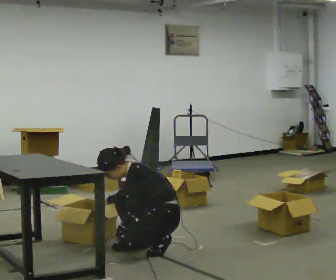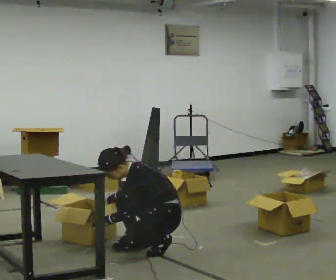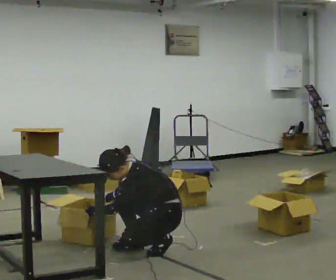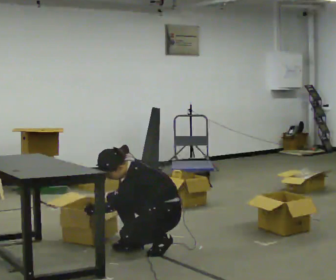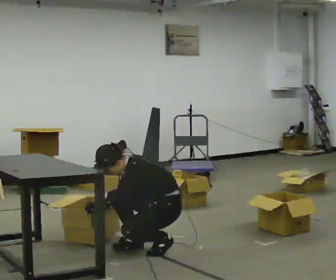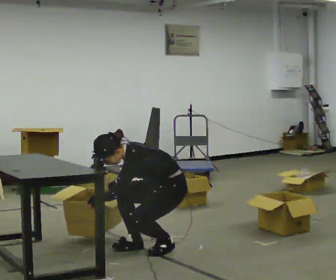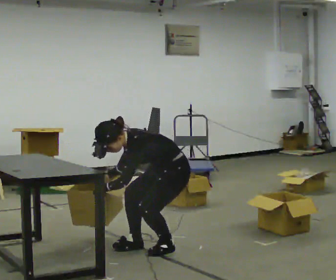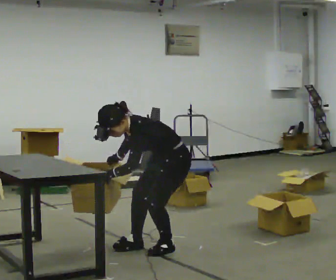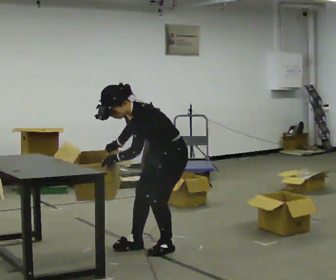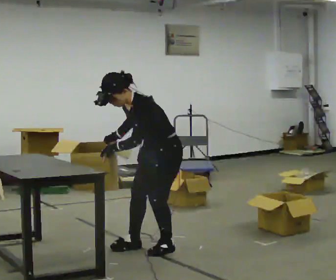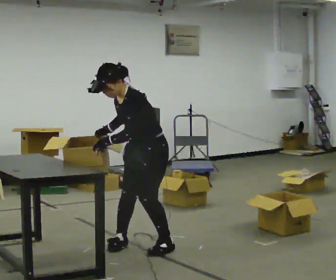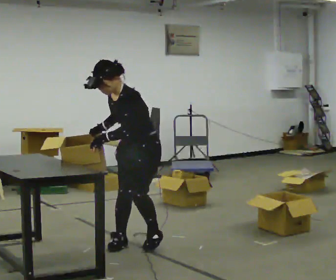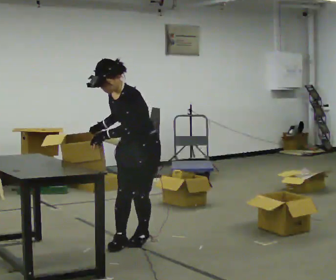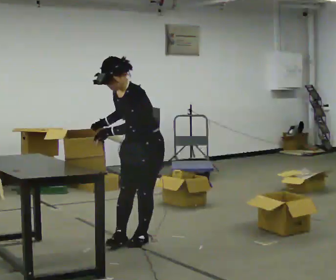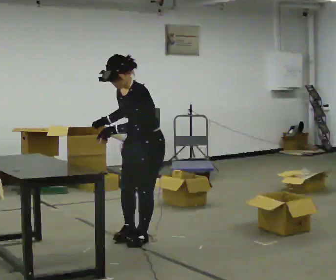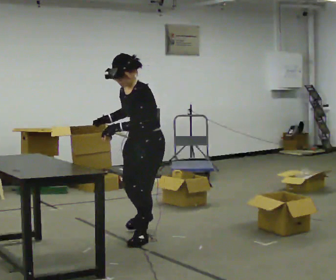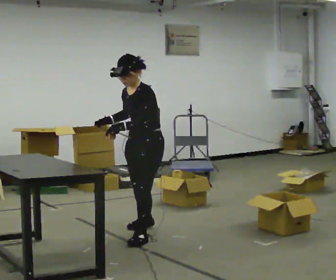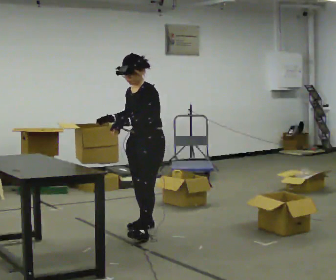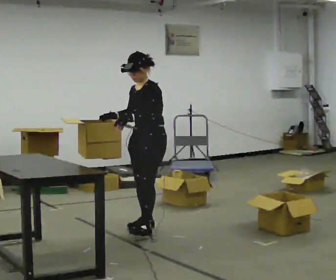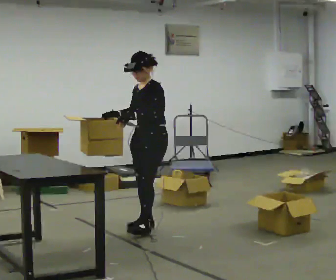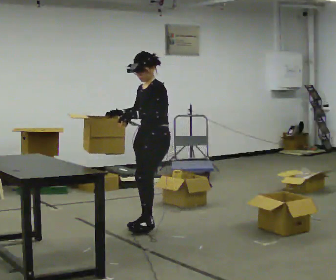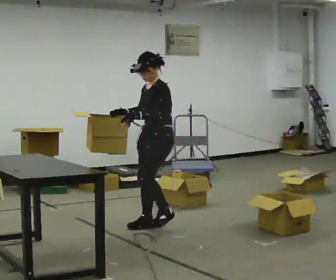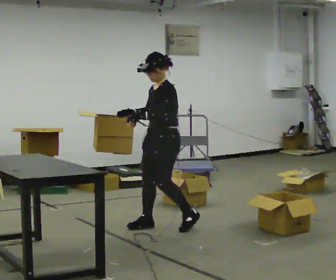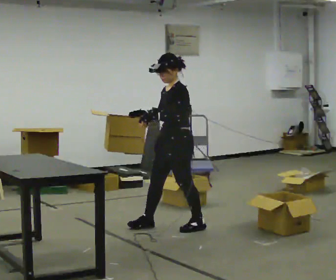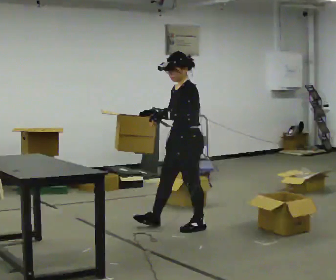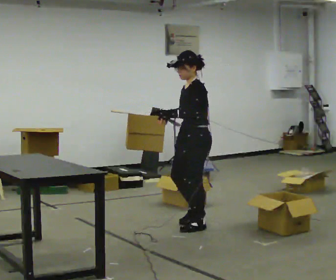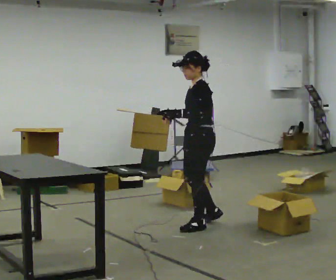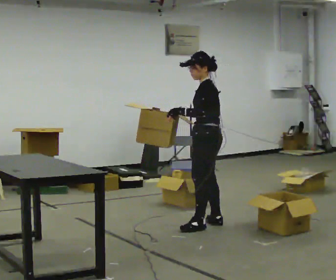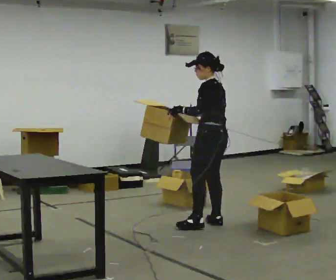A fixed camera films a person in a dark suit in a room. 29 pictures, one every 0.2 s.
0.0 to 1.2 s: The upper body goes upward. The upper body tips toward the camera, its near side rolling downward, as they bend forward.
1.2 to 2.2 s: The part of the body nearest the lens slides to the right as the person turns to their left by about 30 degrees. In the picture they go to the left, about 0.25 m in 2 steps, which for them is to their right and forward. The shoulders move upward. In the picture the upper body tilts clockwise, shoulders to the right, as they lean back or straighten. In the picture their left hand goes upward.
2.2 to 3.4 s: In the picture they go away from the camera, about 0.5 m in 1 step, which for them is to their right and backward.
3.4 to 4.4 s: In the picture they go away from the camera, about 0.25 m in 1 step, which for them is backward.
4.4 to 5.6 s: The person turns about 45 degrees to their right, clockwise seen from above, so the part of the body nearest the lens slides to the left. In the picture they go to the right, about 0.5 m in 1 step, which for them is backward.
The film runs backward here.
